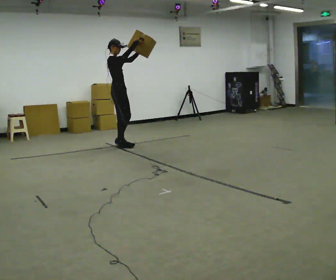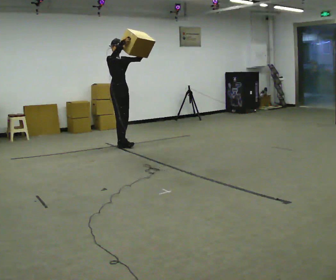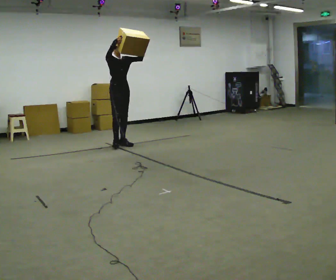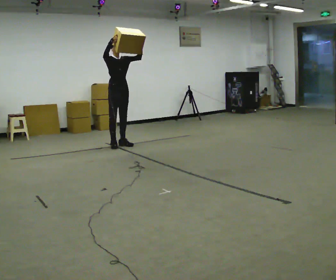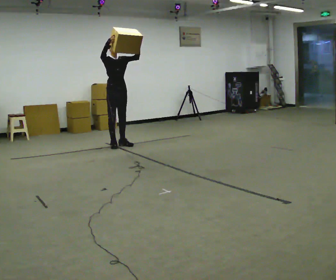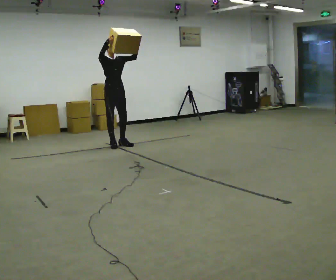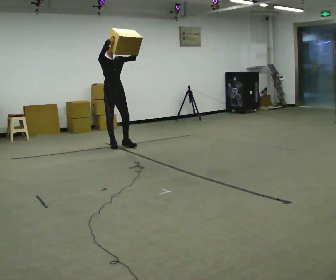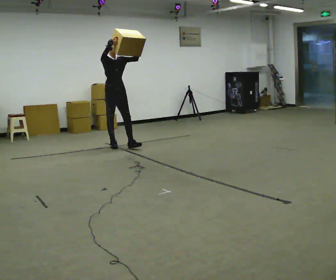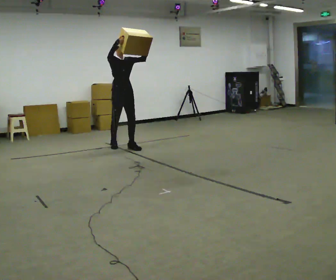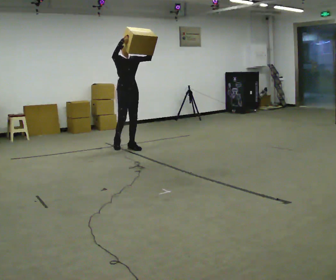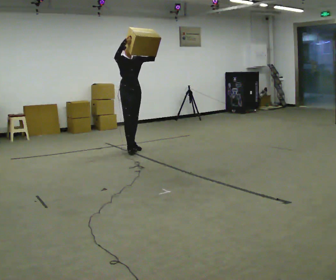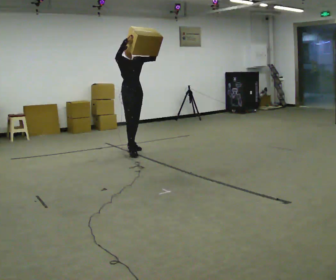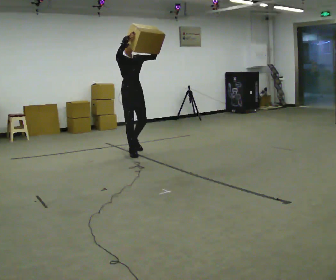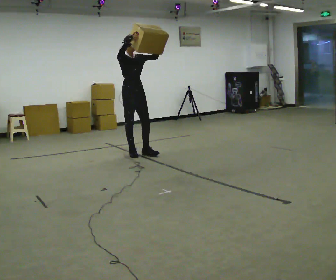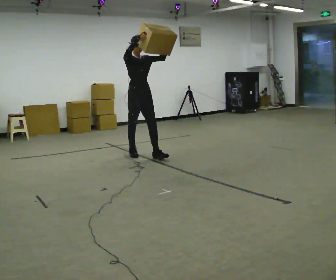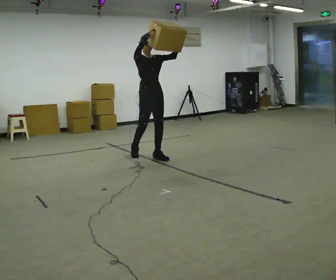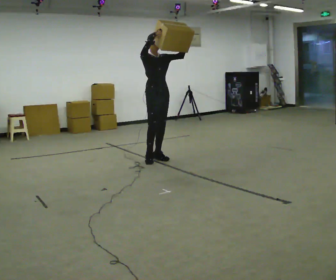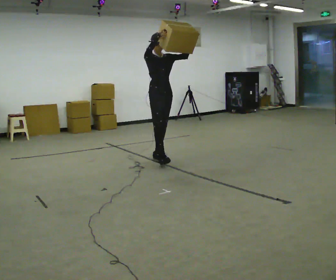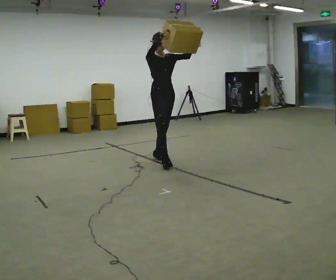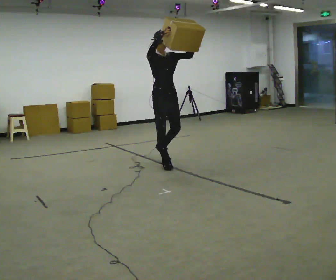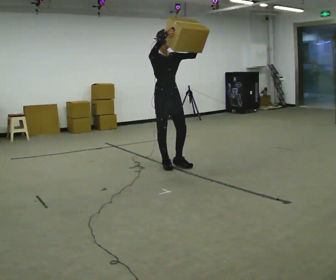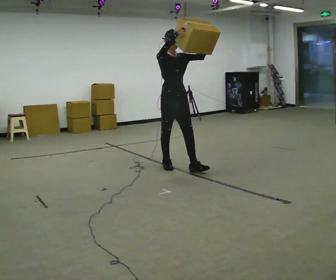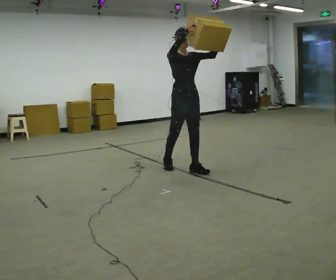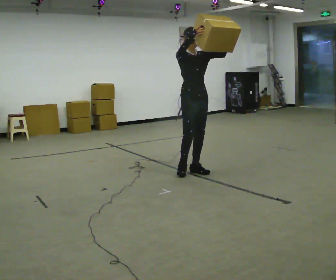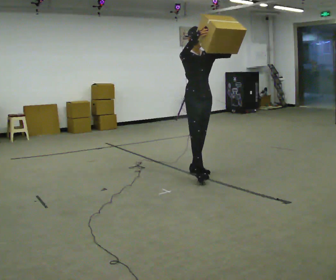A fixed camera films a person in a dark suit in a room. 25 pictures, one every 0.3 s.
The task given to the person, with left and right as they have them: Carry the heaviest box in both hands in front of you, walking back and forth across the room. Only carry what is comfortable. Set it down whenever you need to.
0.0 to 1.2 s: The person turns about 45 degrees to their right, clockwise seen from above, so the part of the body nearest the lens slides to the left. In the picture their right hand goes to the left.
1.2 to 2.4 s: In the picture they go toward the camera, about 0.25 m in 1 step, which for them is forward.
2.4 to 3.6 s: In the picture they go toward the camera, about 0.5 m in 1 step, which for them is forward.
3.6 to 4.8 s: In the picture they go toward the camera and to the right, about 0.5 m in 1 step, which for them is forward.
4.8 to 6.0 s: In the picture they go toward the camera, about 0.5 m in 1 step, which for them is forward.
6.0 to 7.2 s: In the picture they go toward the camera and to the right, about 0.5 m in 1 step, which for them is forward.
The film runs forward here.
